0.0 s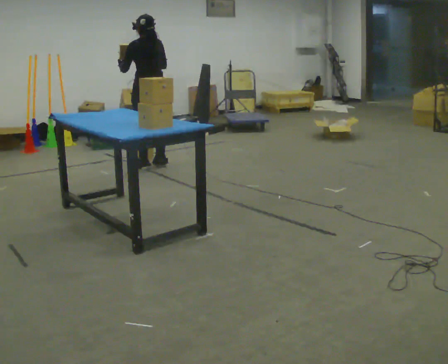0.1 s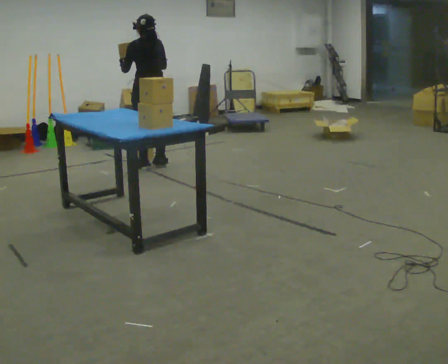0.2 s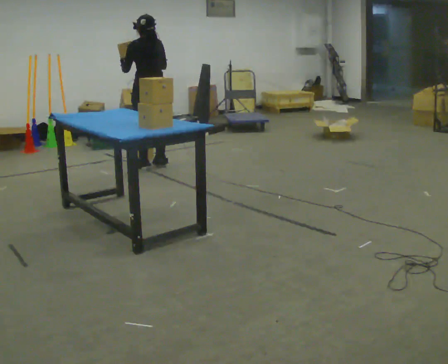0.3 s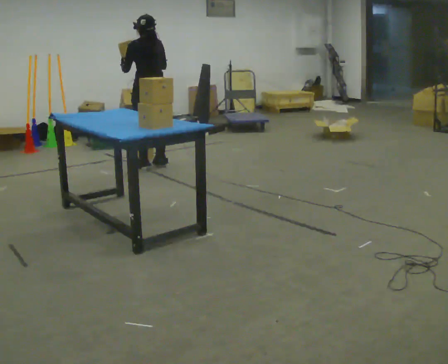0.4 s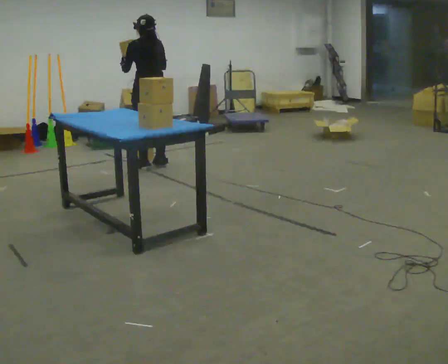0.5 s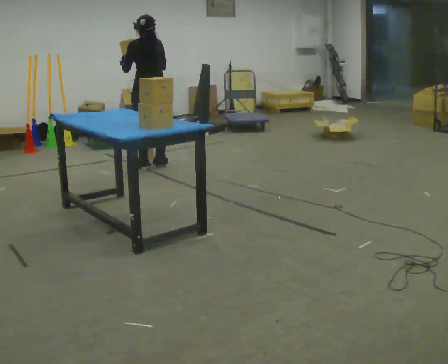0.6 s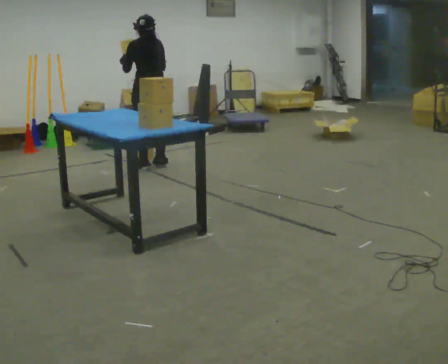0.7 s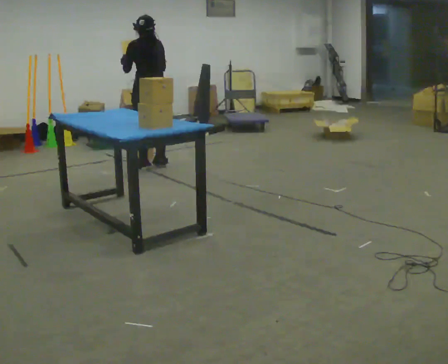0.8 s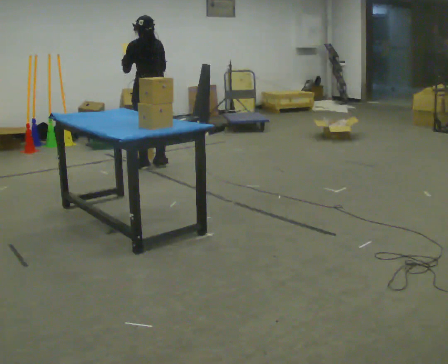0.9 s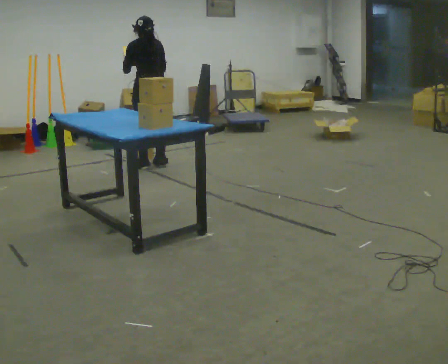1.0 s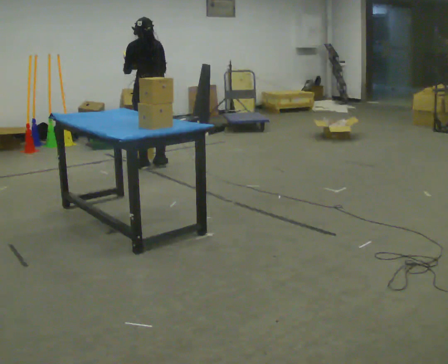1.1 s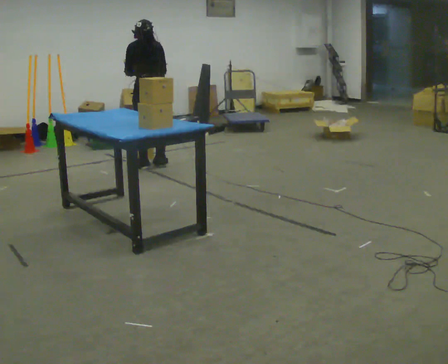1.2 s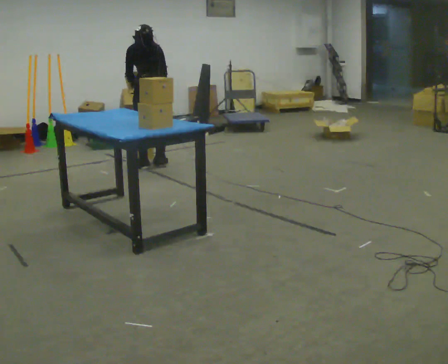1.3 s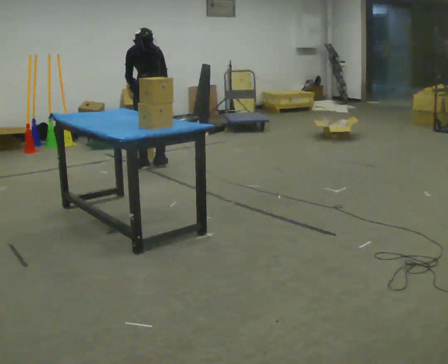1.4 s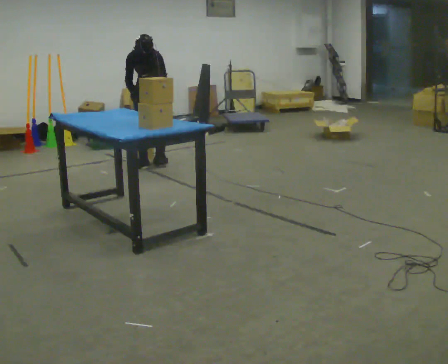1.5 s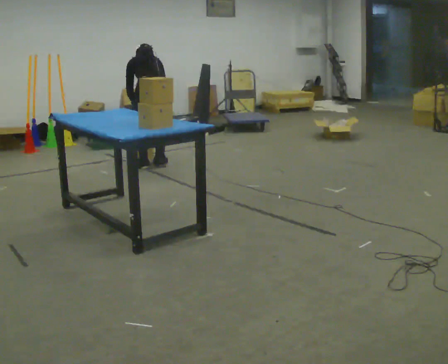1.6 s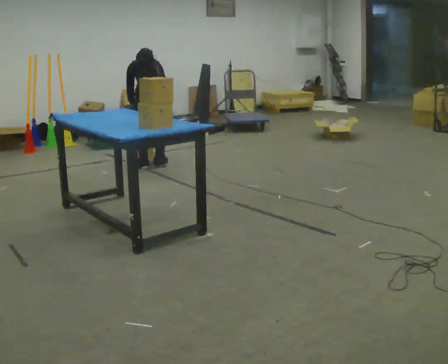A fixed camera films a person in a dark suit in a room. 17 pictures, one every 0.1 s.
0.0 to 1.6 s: The shoulders move downward. The upper body tips away from the camera, its near side rolling upward, as they bend forward. In the picture their right hand goes downward.
The film runs backward here.
